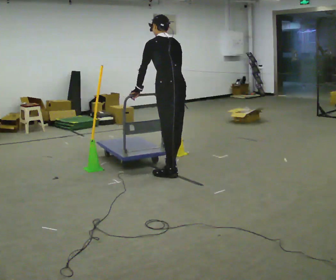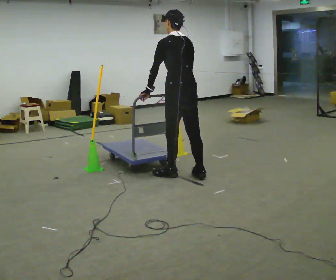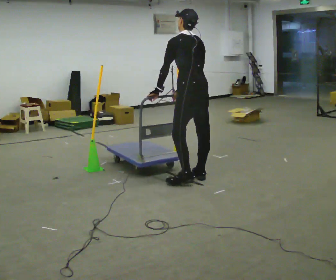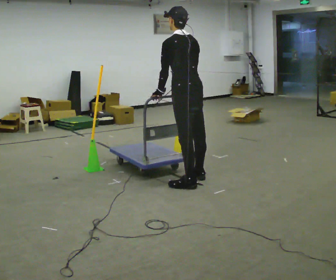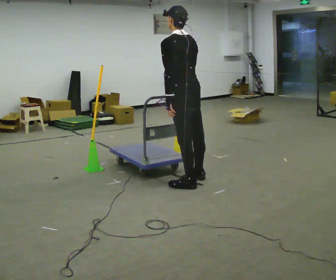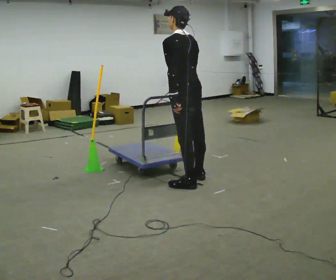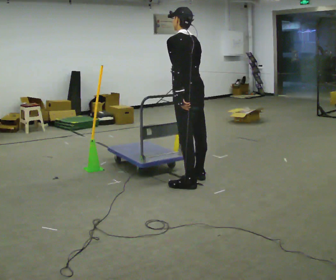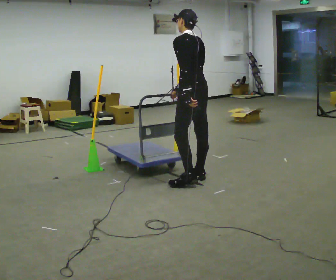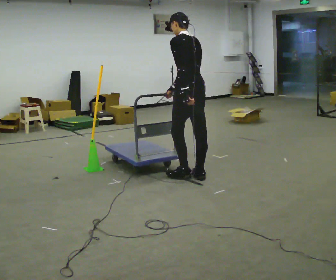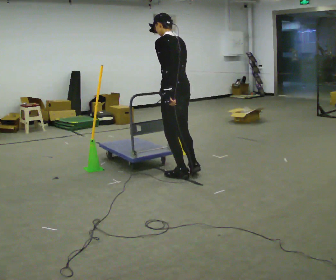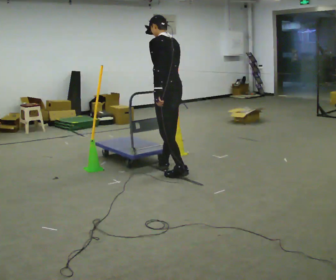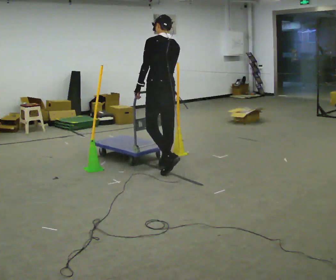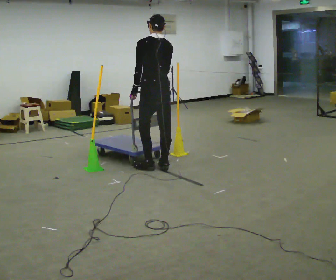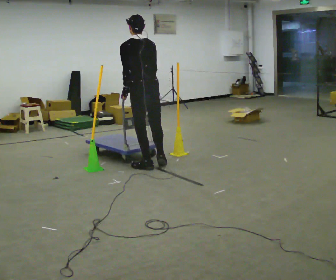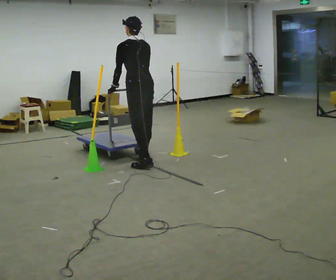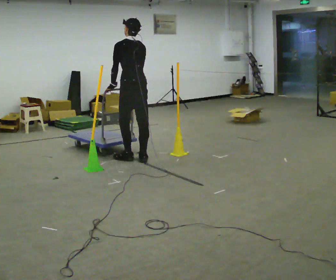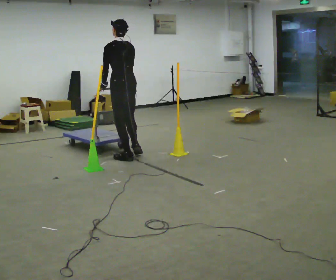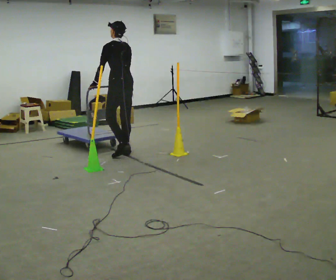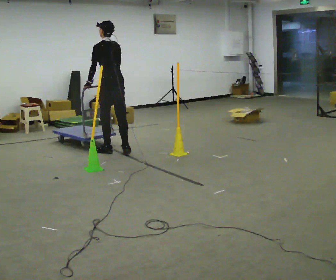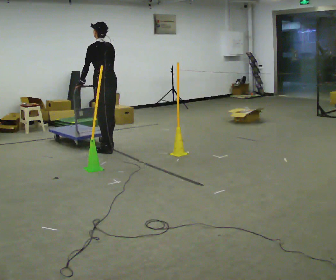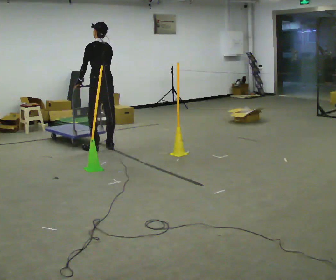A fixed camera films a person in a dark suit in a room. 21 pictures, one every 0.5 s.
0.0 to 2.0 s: In the picture they go toward the camera and to the right, about 0.25 m in 2 steps, which for them is backward.
2.0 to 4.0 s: In the picture they go away from the camera, about 0.25 m, which for them is to their right.
4.0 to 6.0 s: In the picture they go to the left and away from the camera, about 0.5 m in 2 steps, which for them is forward.
6.0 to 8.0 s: In the picture they go to the left and away from the camera, about 0.5 m in 3 steps, which for them is forward.
8.0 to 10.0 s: In the picture they go away from the camera and to the left, about 0.5 m in 4 steps, which for them is forward.
The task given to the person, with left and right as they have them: Push the cart through the gap between the poles without touching them, then bring it back through.
The film runs forward here.
